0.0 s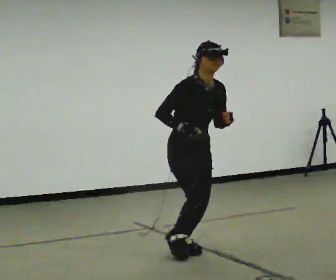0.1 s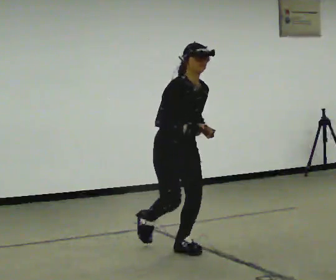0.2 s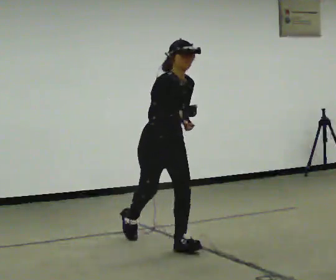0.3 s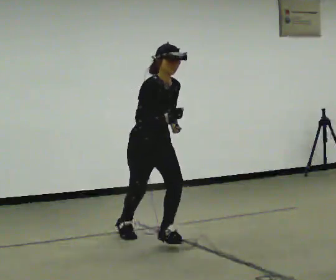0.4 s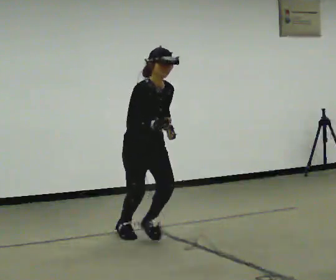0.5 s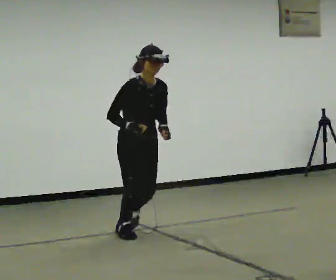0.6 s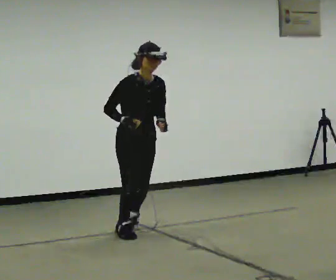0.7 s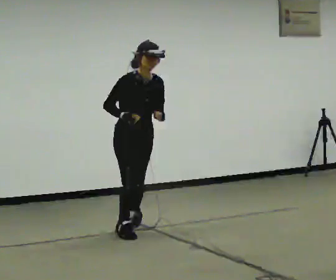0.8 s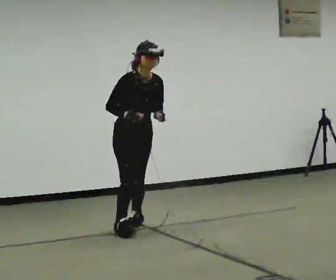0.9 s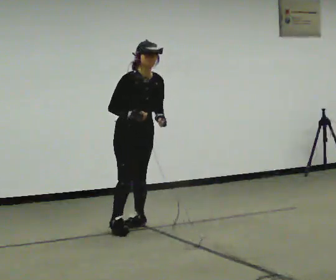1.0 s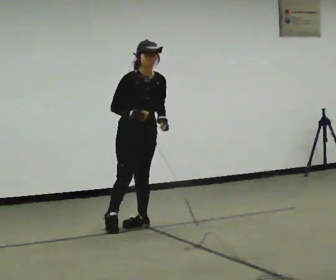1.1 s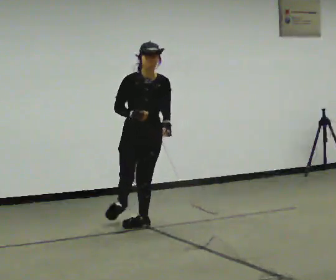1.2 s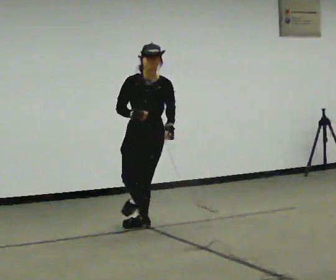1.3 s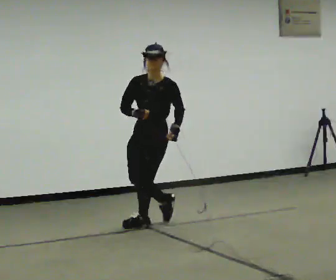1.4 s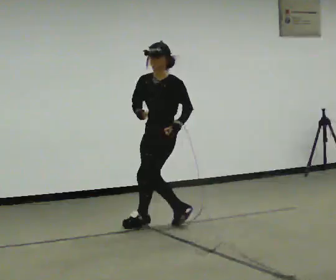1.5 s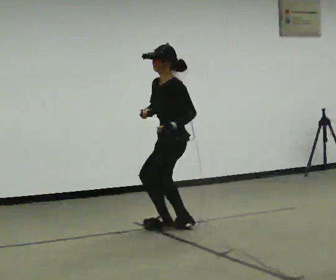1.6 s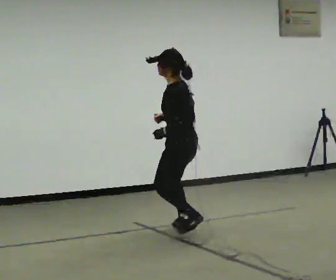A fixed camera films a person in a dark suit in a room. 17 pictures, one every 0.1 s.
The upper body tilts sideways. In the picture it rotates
counterclockwise.
The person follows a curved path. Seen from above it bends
clockwise.
0.0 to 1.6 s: Seen from above the body turns clockwise, about 150 degrees: to their right, with its near side sliding to the left. In the picture they go away from the camera, about 1 m in 3 steps. In the picture the upper body tilts counterclockwise, shoulders to the left.
The film runs backward here.
